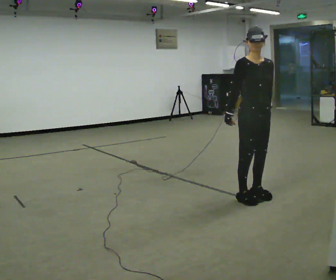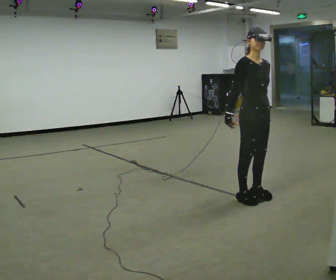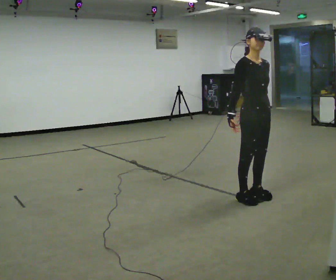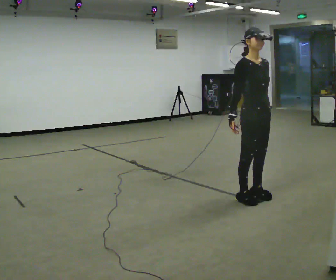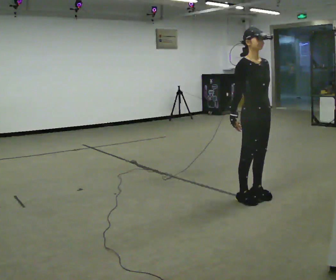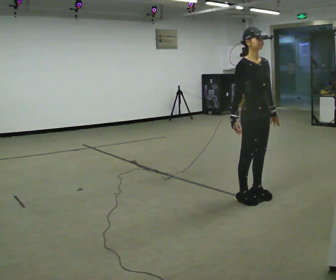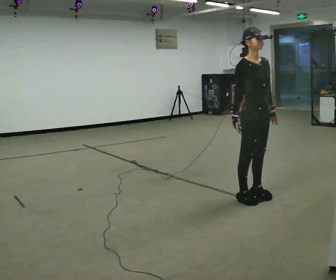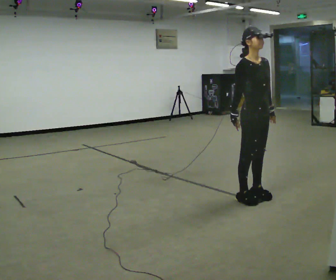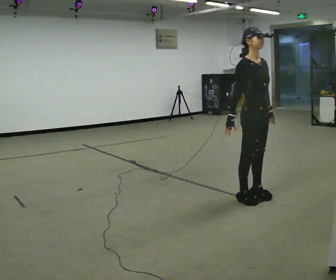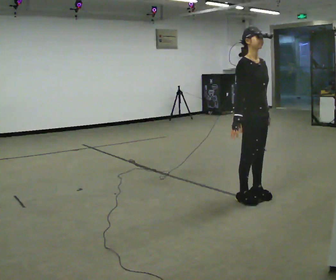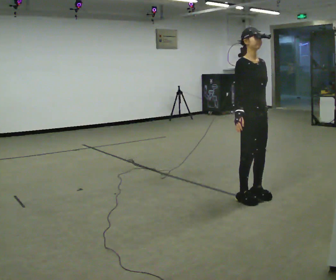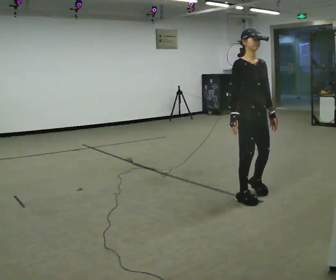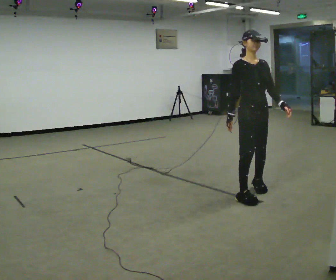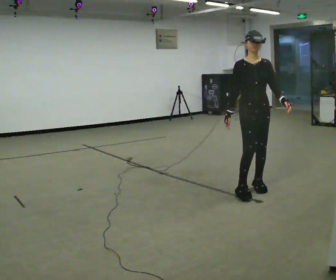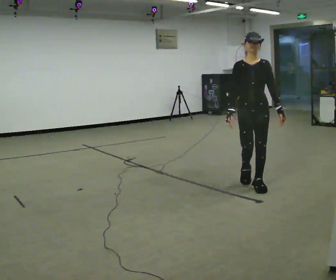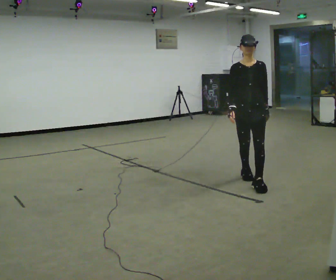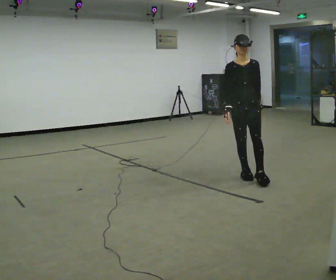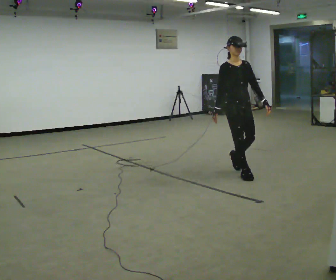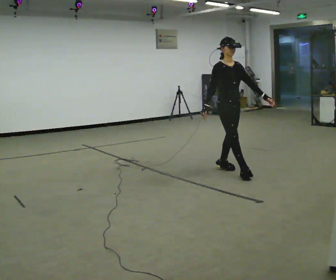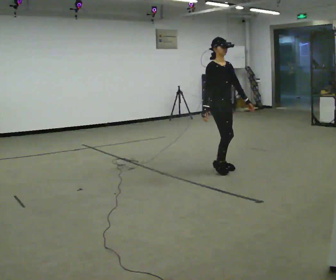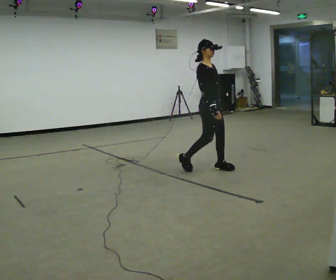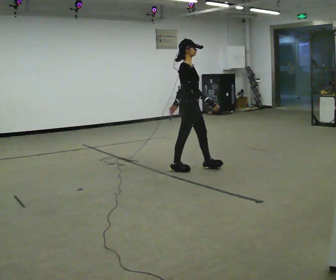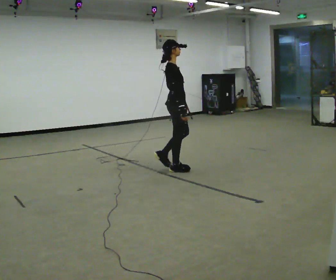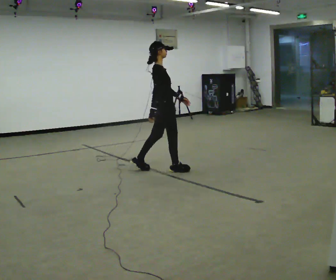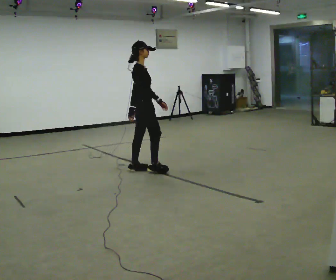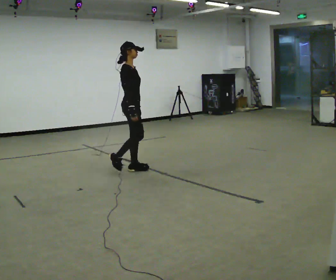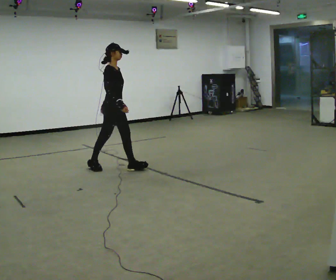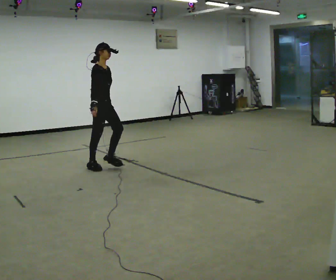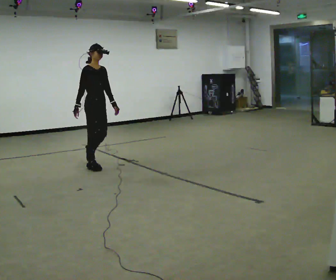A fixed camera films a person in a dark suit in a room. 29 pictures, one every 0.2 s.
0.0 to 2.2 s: The person moves a little, or ends about where they began.
2.2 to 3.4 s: In the picture they go away from the camera, about 1 m in 2 steps, which for them is backward.
3.4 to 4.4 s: The person turns about 75 degrees to their left, counterclockwise seen from above, so the part of the body nearest the lens slides to the right. In the picture they go to the left, about 1 m in 2 steps.
4.4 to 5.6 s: The person turns about 30 degrees to their right, clockwise seen from above, so the part of the body nearest the lens slides to the left. In the picture they go to the left, about 1 m in 2 steps, which for them is backward.
The film runs backward here.
